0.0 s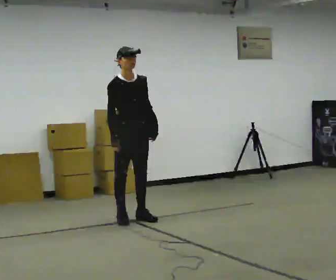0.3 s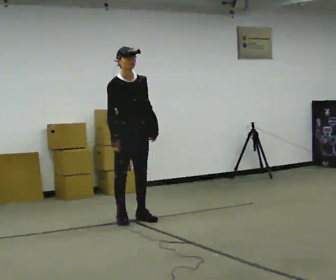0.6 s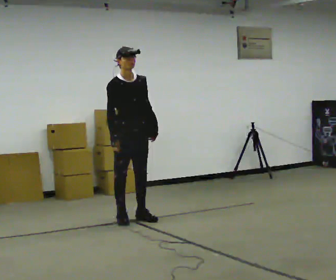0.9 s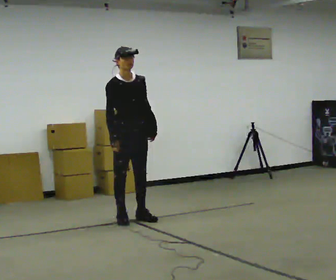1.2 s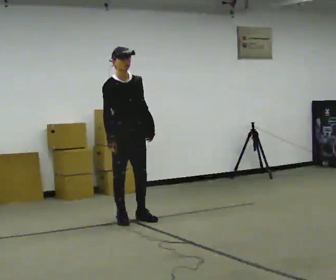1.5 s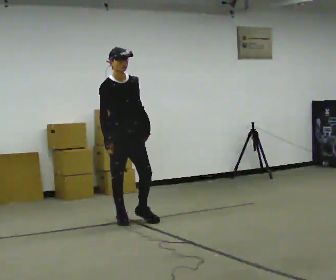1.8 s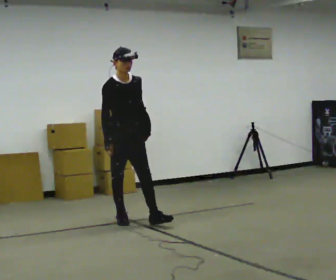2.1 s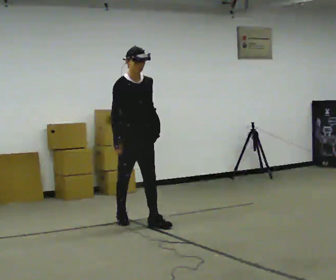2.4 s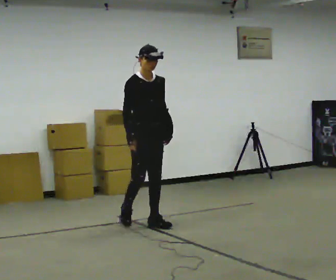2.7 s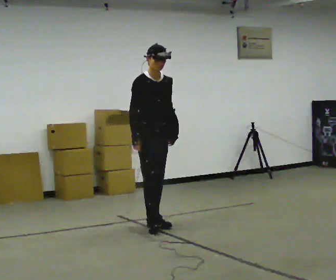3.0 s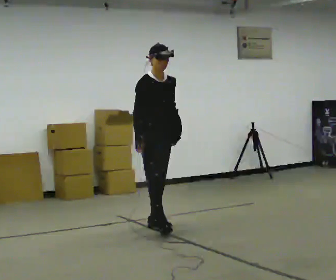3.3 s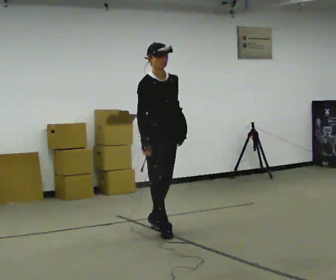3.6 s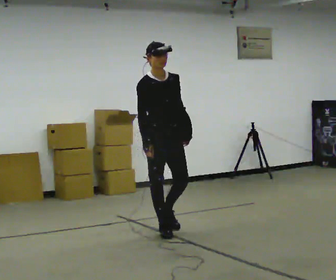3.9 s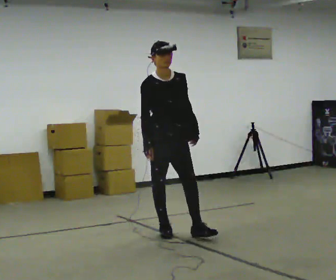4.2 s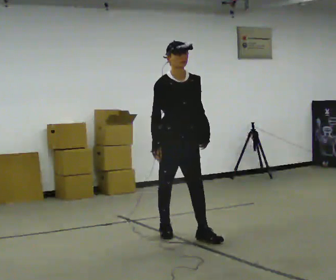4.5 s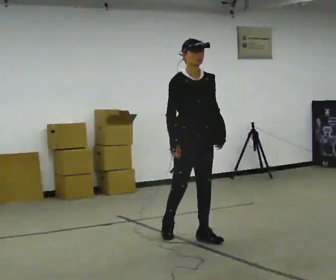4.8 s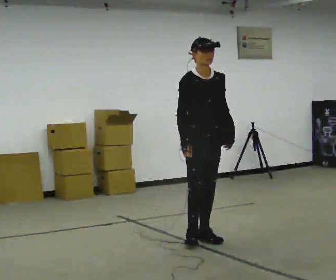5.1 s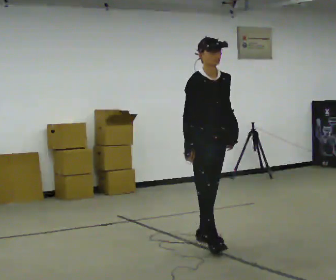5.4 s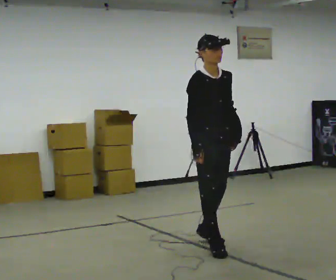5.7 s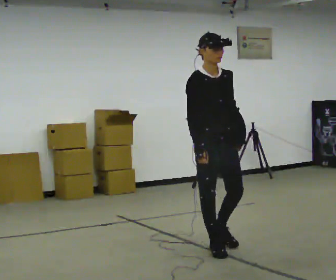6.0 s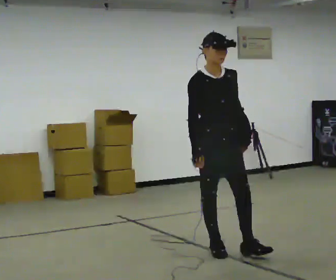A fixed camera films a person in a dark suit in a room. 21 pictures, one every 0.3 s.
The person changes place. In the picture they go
toward the camera.
0.0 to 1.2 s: The person moves a little, or ends about where they began.
1.2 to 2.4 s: In the picture they go to the right and toward the camera, about 0.25 m in 1 step, which for them is forward.
2.4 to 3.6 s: In the picture they go toward the camera and to the right, about 0.5 m in 1 step, which for them is forward.
3.6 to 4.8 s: In the picture they go to the right and toward the camera, about 0.5 m in 1 step, which for them is forward and to their left.
4.8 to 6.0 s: In the picture they go toward the camera, about 0.5 m in 1 step, which for them is forward and to their right.
The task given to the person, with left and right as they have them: Put the soft bag up onto your shoulder and carry it across the room, back and forth.
The film runs forward here.
